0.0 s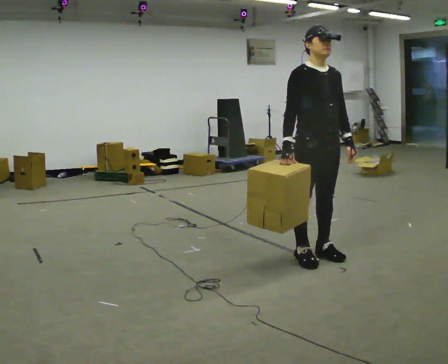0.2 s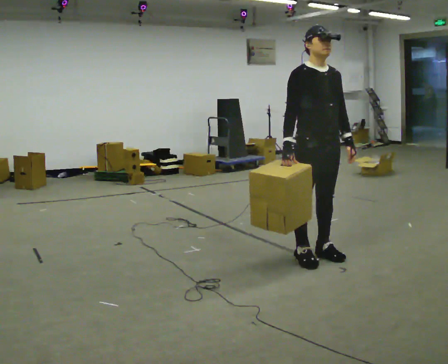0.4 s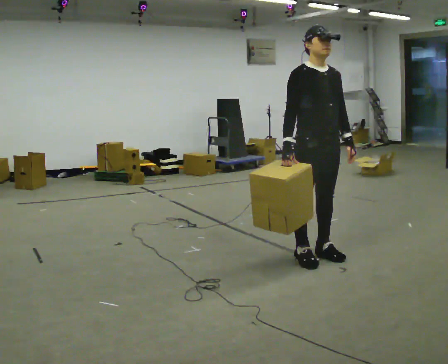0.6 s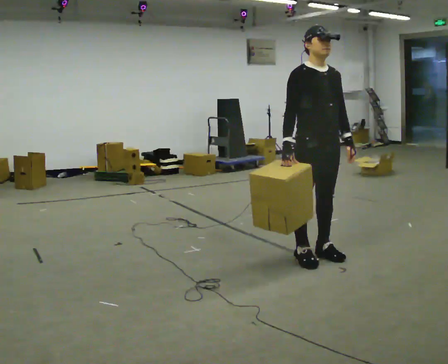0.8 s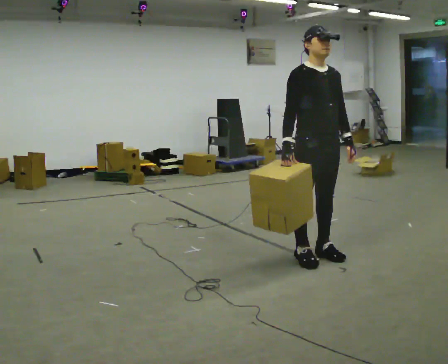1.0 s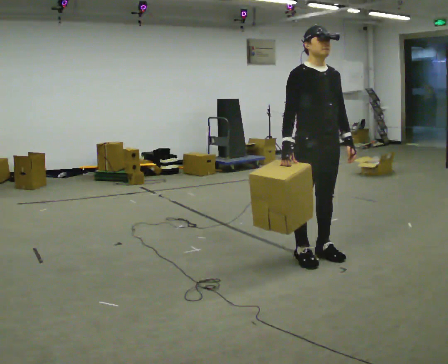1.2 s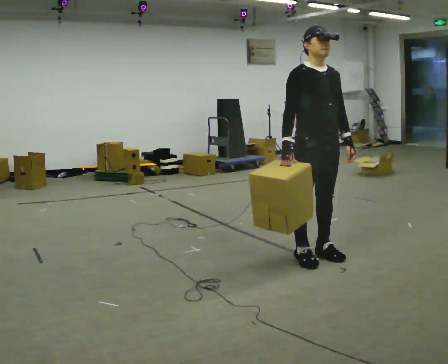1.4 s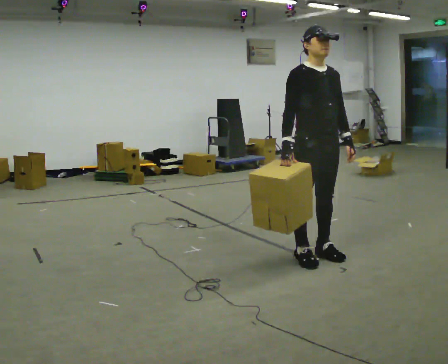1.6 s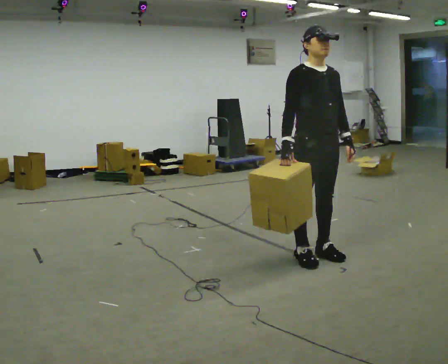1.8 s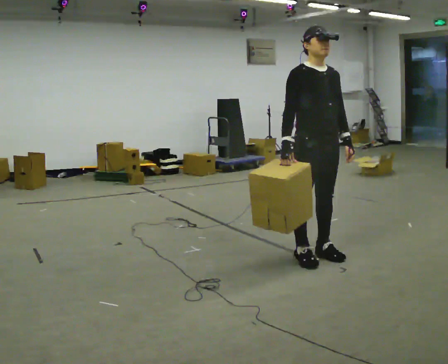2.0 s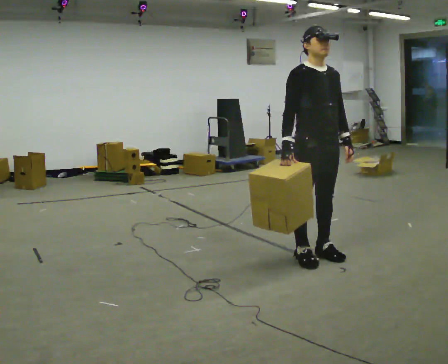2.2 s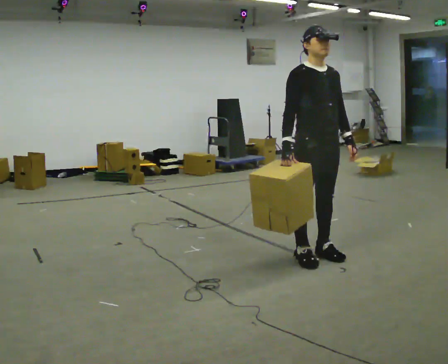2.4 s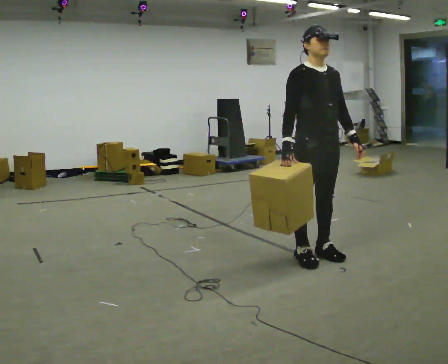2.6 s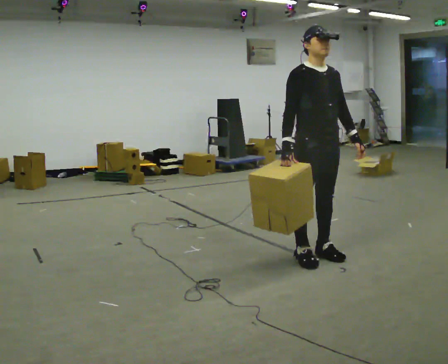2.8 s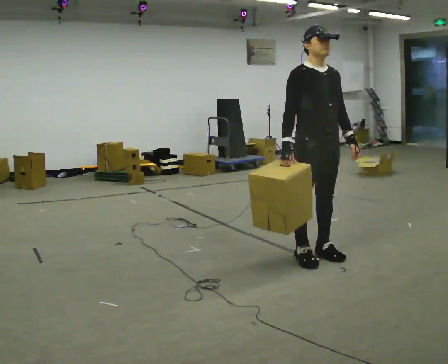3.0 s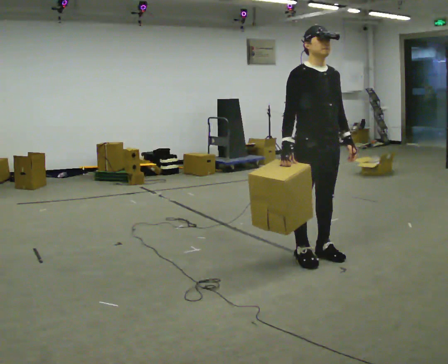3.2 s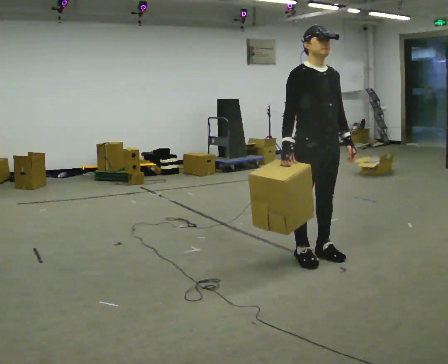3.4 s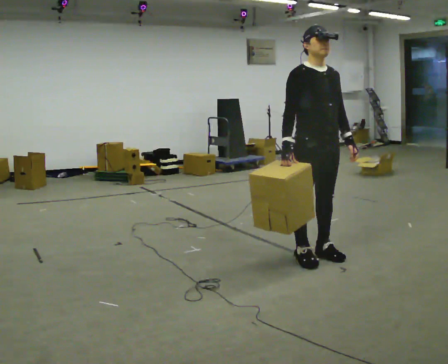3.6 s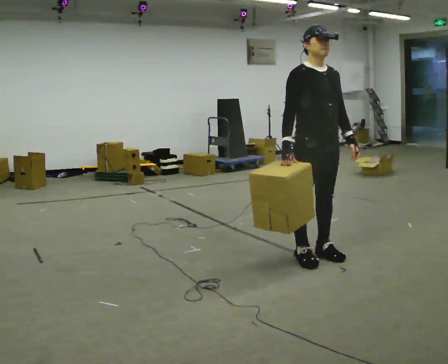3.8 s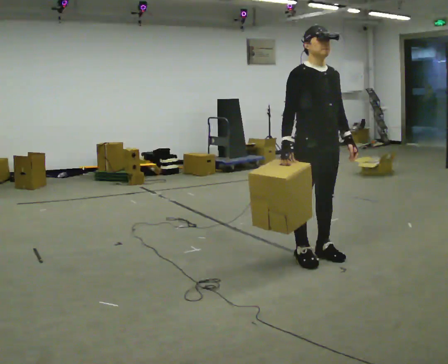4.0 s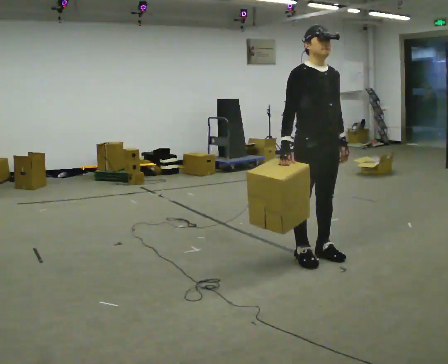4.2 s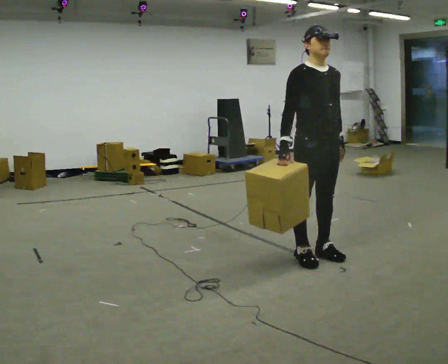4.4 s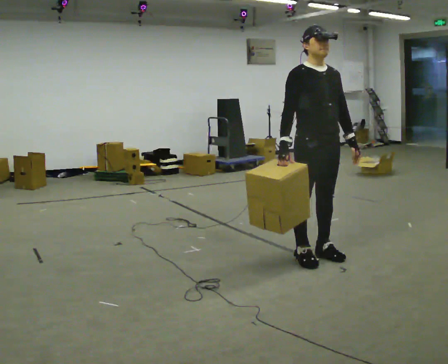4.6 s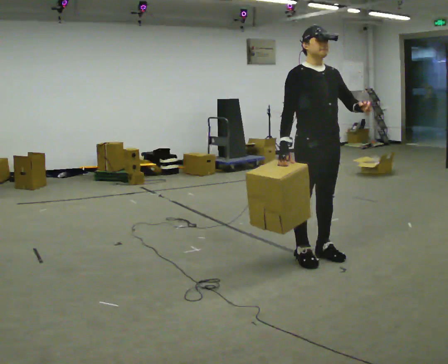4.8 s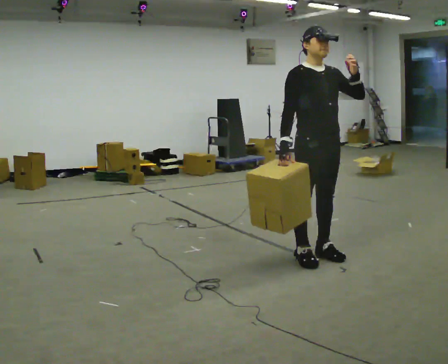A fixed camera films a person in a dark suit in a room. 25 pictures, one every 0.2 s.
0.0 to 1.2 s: The person keeps their place and pose.
1.2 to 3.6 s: The person moves a little, or ends about where they began.
3.6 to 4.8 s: In the picture their left hand goes upward, the arm swinging counterclockwise.
The film runs backward here.
